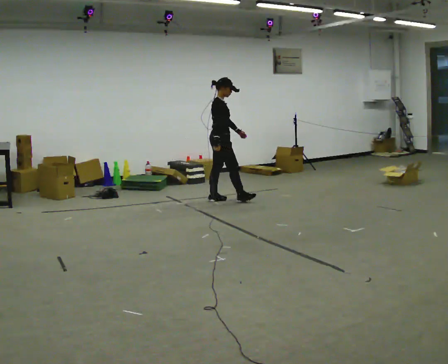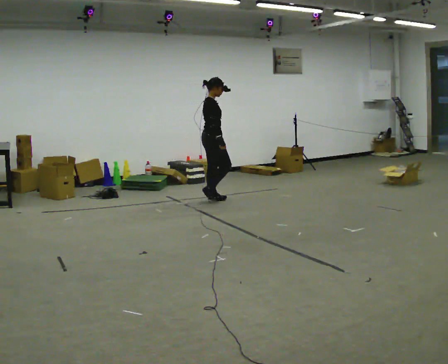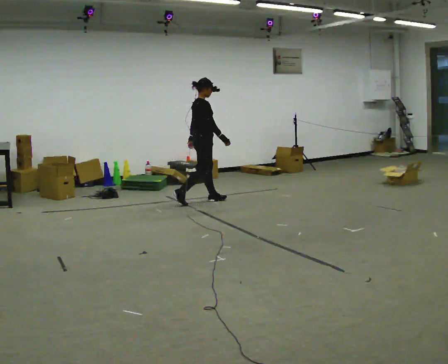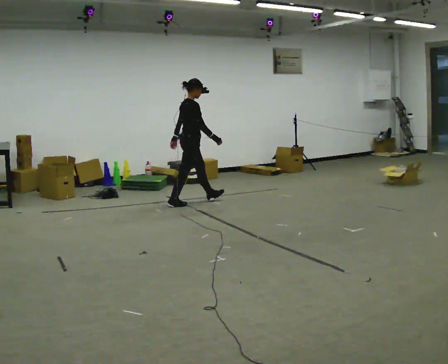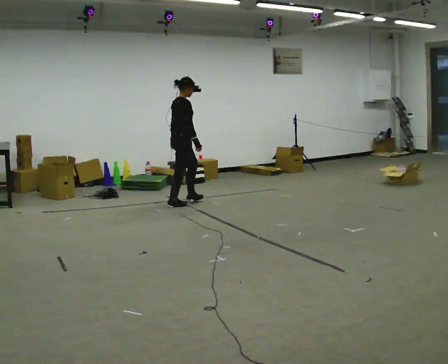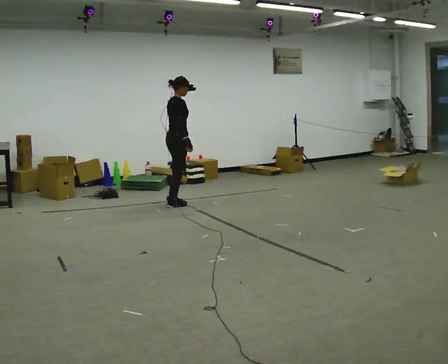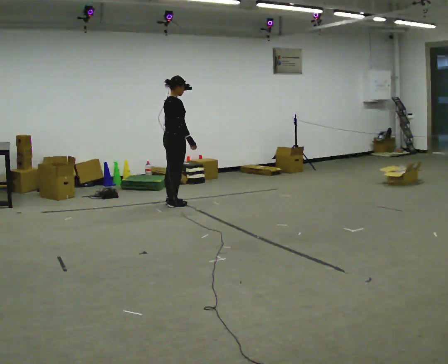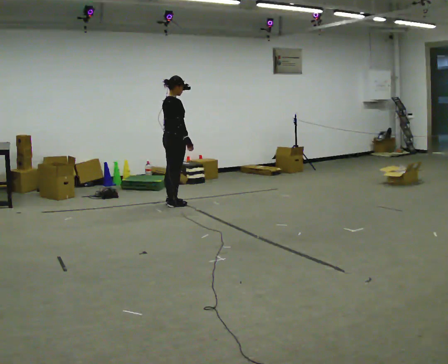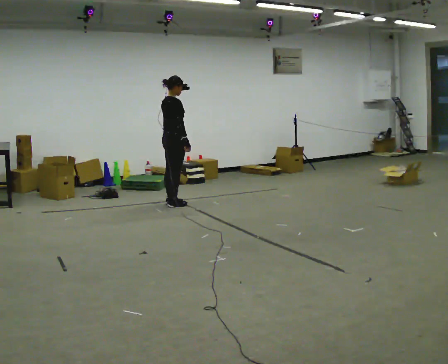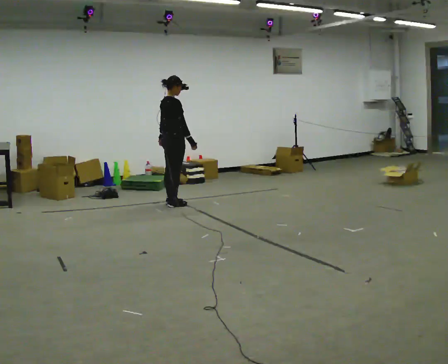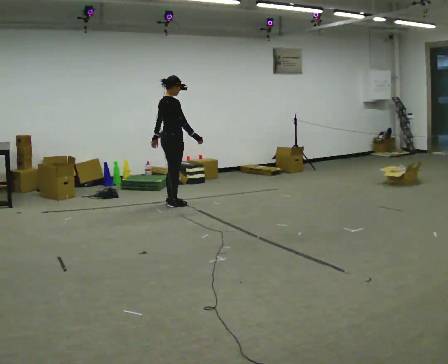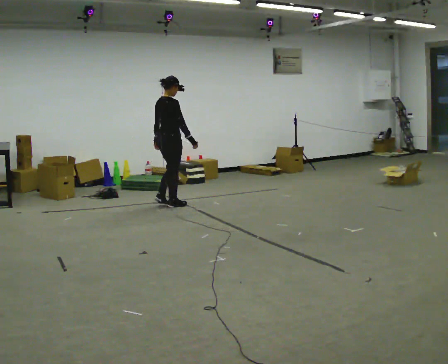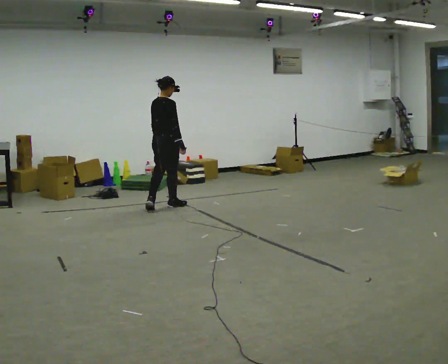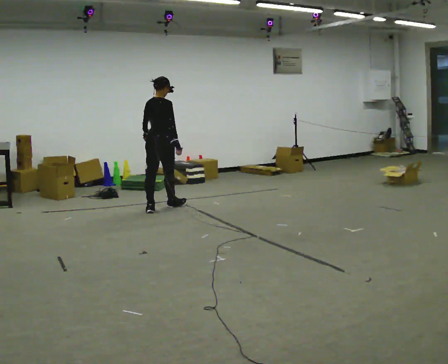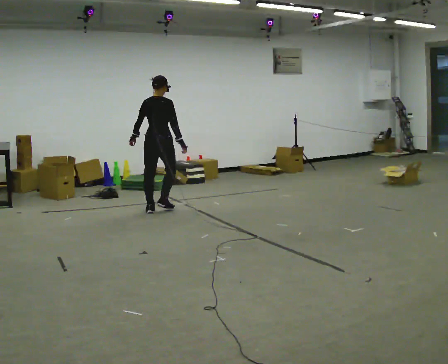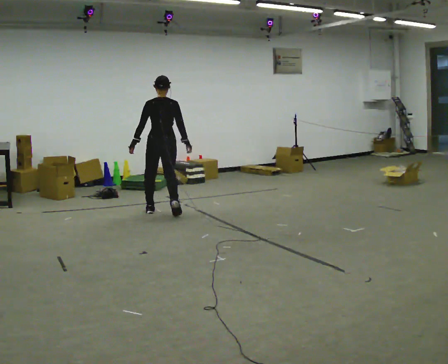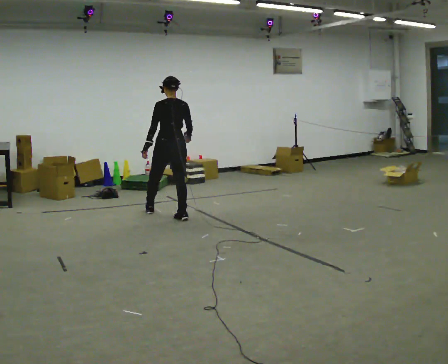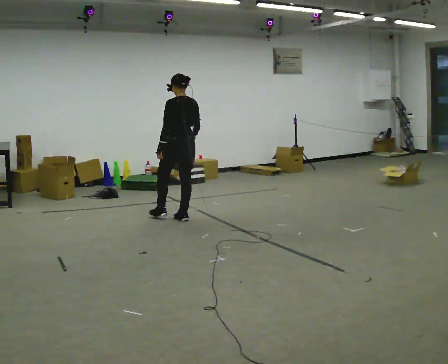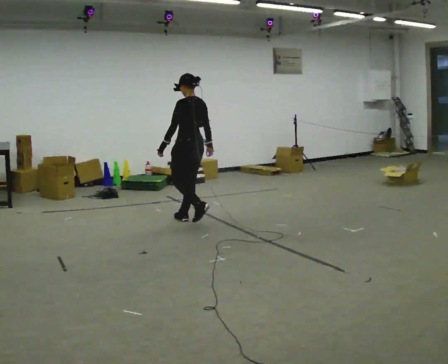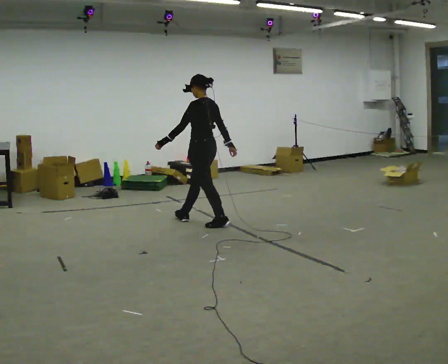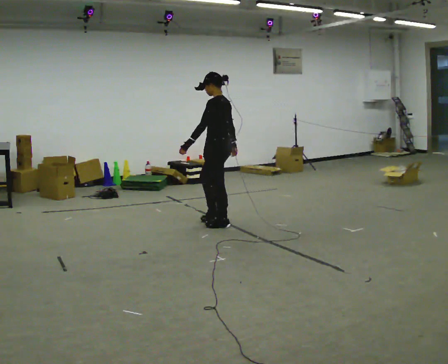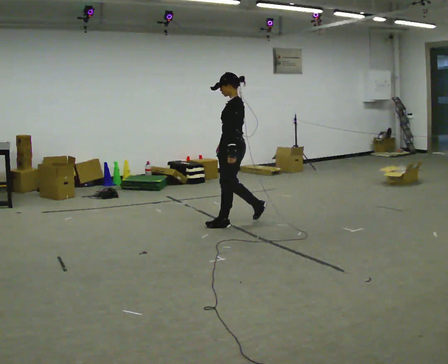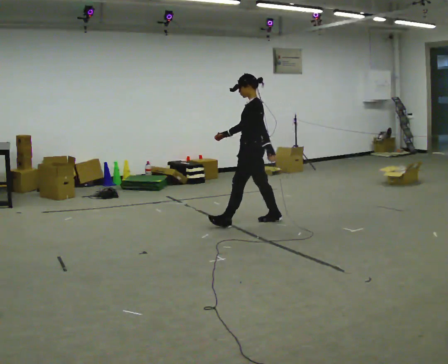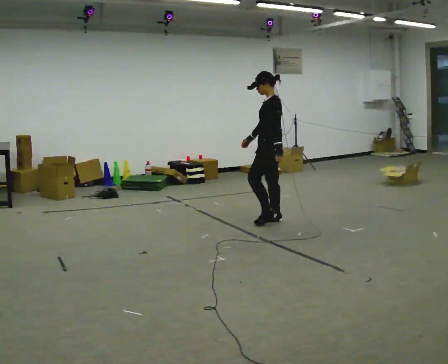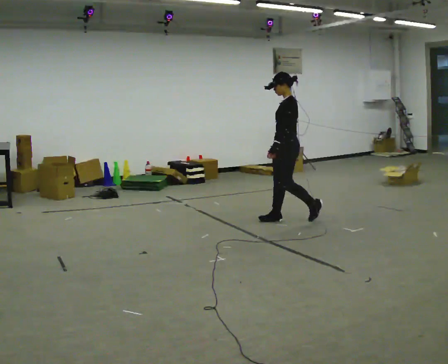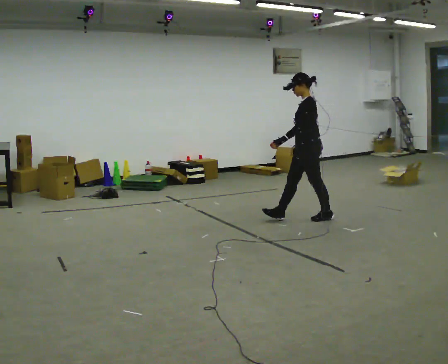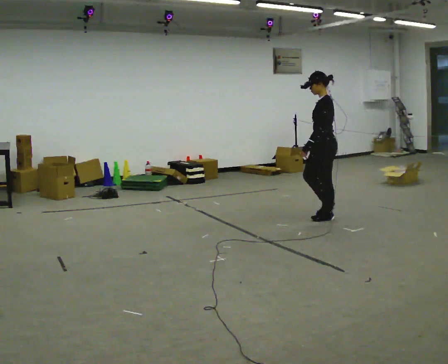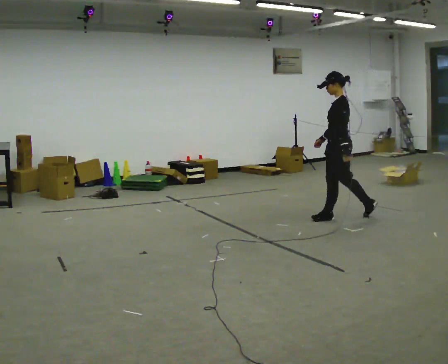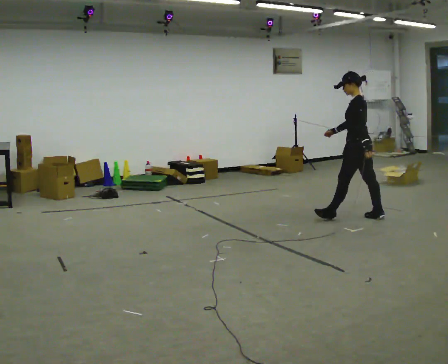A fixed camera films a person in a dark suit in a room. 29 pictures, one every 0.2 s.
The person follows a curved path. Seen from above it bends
counterclockwise.
0.0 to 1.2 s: The part of the body nearest the lens slides to the right as the person turns to their left by about 30 degrees. In the picture they go to the left, about 0.75 m in 1 step, which for them is backward.
1.2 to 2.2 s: The person moves a little, or ends about where they began.
2.2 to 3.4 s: The person turns about 75 degrees to their left, counterclockwise seen from above, so the part of the body nearest the lens slides to the right. In the picture they go toward the camera, about 0.5 m in 2 steps.
3.4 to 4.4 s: The person turns about 60 degrees to their left, counterclockwise seen from above, so the part of the body nearest the lens slides to the right. In the picture they go to the right and toward the camera, about 1 m in 2 steps, which for them is backward.
4.4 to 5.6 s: In the picture they go to the right, about 1 m in 2 steps, which for them is backward.
The film runs backward here.
